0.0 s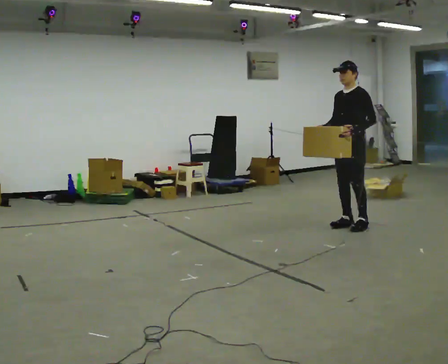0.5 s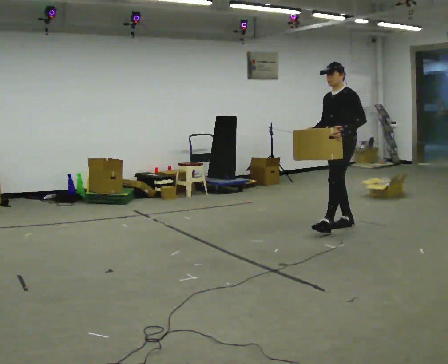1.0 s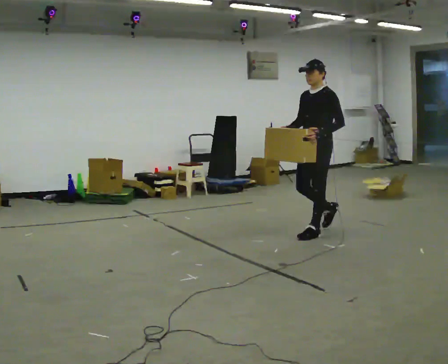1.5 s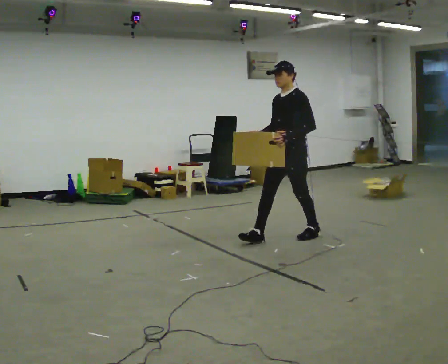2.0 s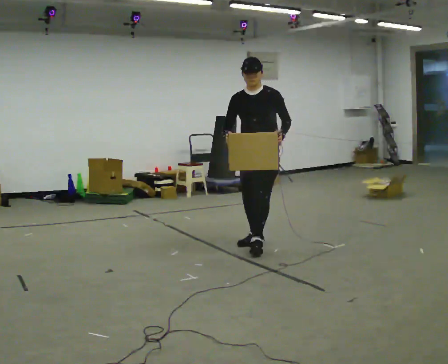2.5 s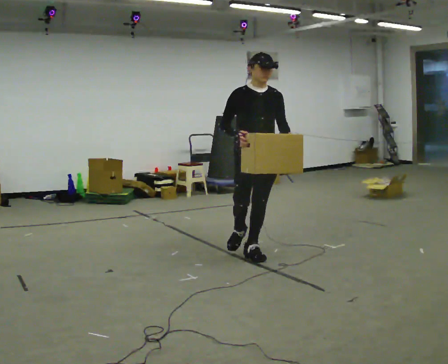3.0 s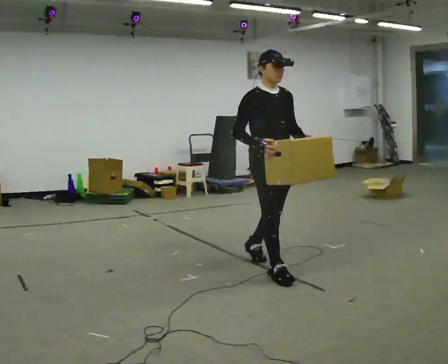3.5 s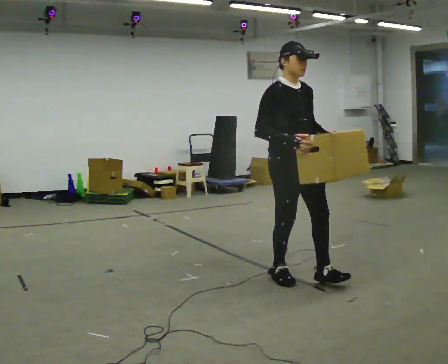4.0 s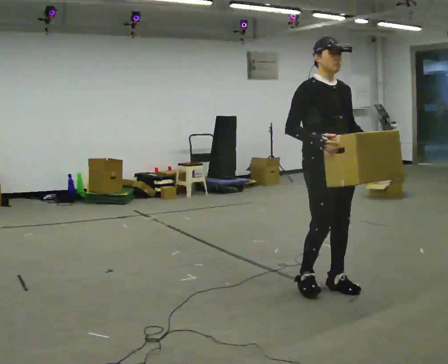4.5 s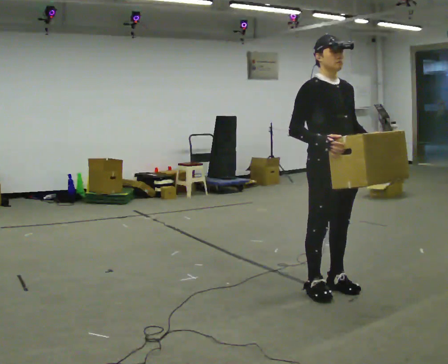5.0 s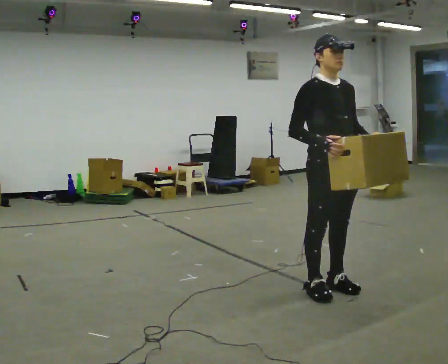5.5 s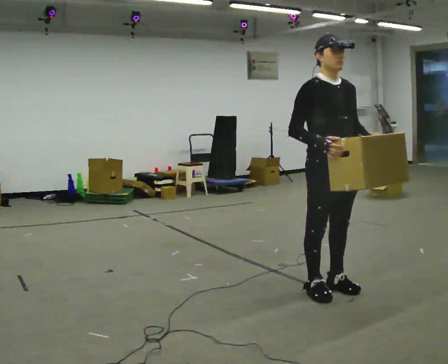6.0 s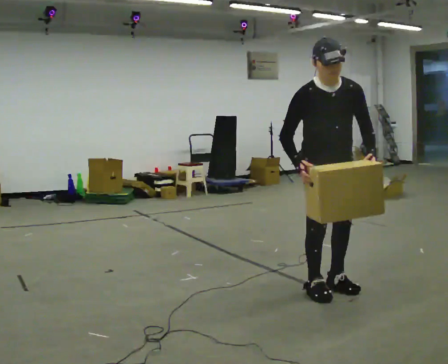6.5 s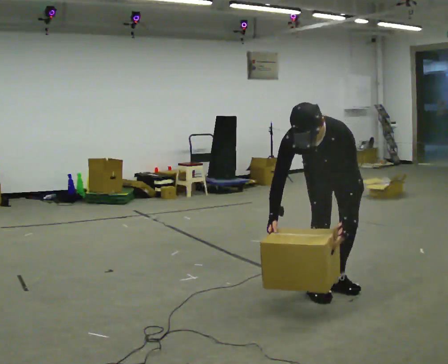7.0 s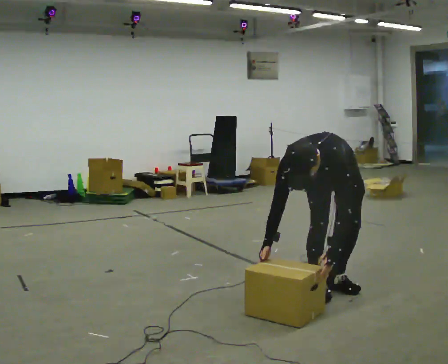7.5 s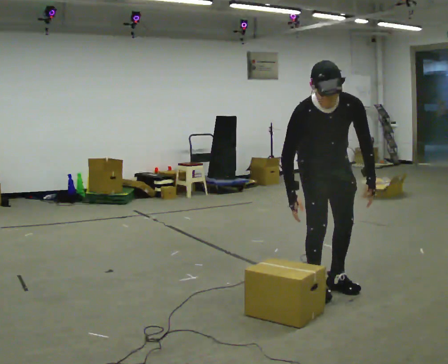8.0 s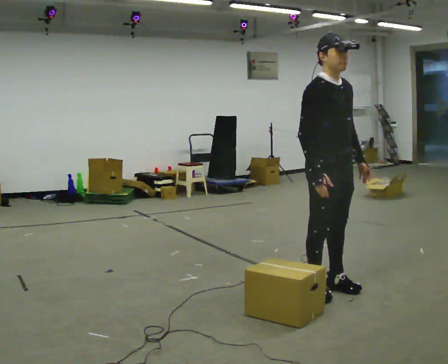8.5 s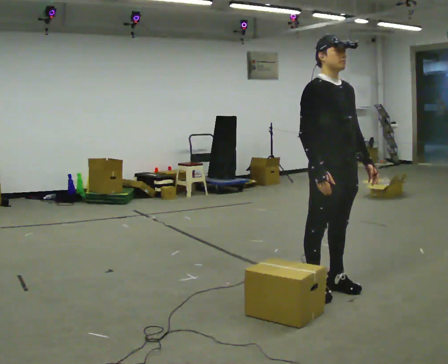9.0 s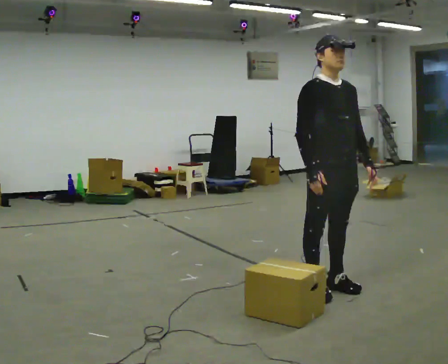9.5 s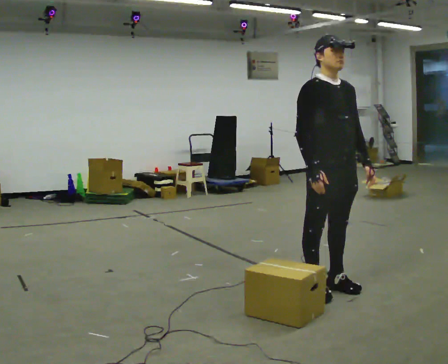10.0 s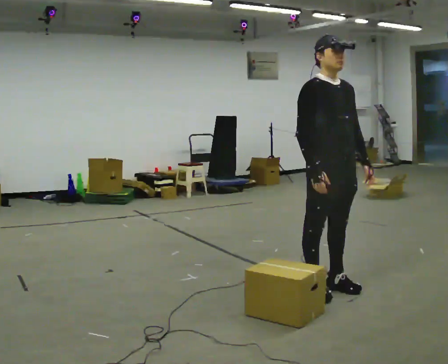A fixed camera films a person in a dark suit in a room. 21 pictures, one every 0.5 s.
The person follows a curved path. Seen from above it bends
counterclockwise.
The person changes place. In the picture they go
toward the camera.
0.0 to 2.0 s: The part of the body nearest the lens slides to the right as the person turns to their left by about 30 degrees. In the picture they go to the left and toward the camera, about 1 m in 2 steps, which for them is forward.
2.0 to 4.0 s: The person turns about 60 degrees to their left, counterclockwise seen from above, so the part of the body nearest the lens slides to the right. In the picture they go toward the camera and to the right, about 1.5 m in 3 steps.
4.0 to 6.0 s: The upper body tips toward the camera, its near side rolling downward, as they bend forward.
6.0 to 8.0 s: The person turns about 30 degrees to their left, counterclockwise seen from above, so the part of the body nearest the lens slides to the right.
8.0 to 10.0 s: The person moves a little, or ends about where they began.
The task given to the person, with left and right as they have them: Carry the box along the marked route, turning 90 degrees at the corner the operator calls, and set it down at the end. Keep going until the operator says stop; one object at a time, and do not rush between trips.
The film runs forward here.
